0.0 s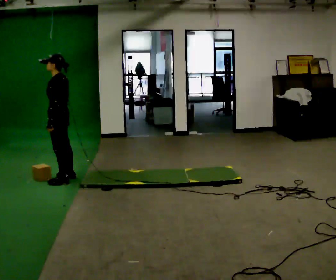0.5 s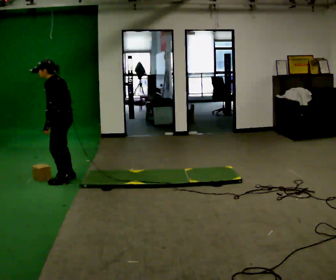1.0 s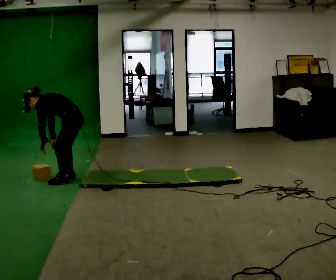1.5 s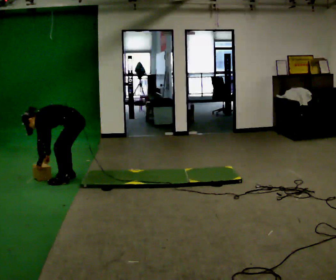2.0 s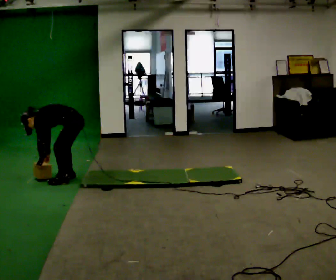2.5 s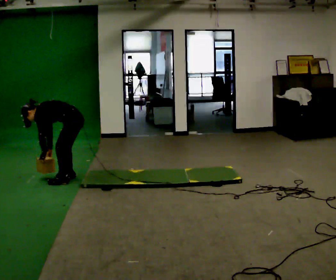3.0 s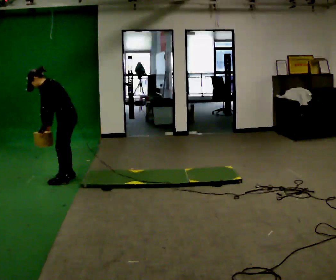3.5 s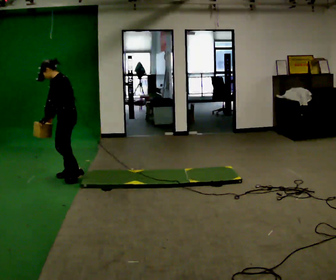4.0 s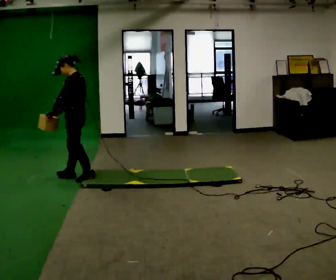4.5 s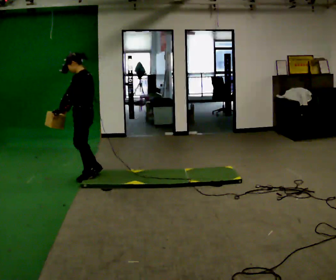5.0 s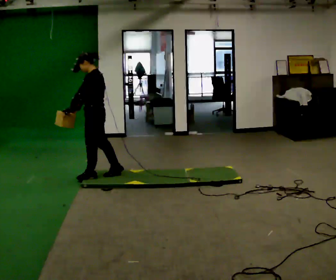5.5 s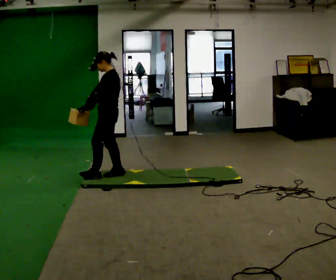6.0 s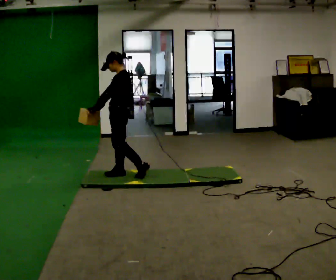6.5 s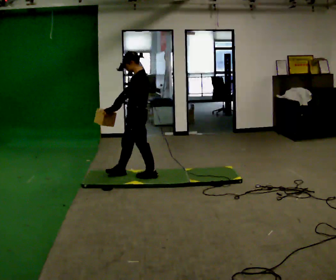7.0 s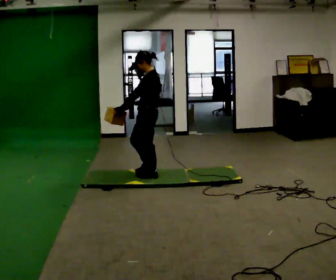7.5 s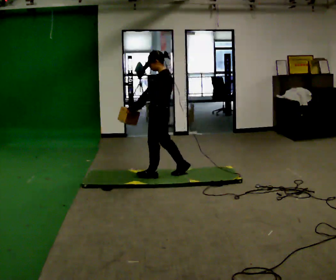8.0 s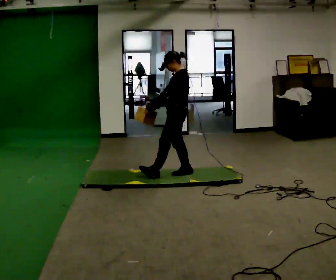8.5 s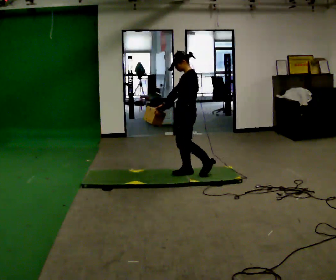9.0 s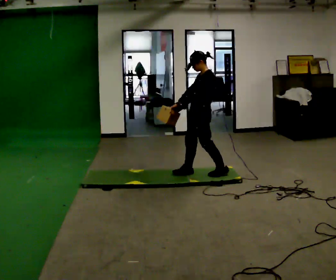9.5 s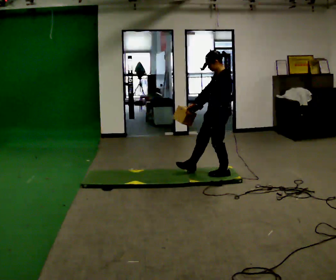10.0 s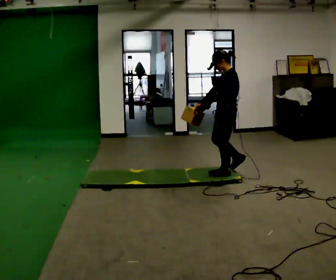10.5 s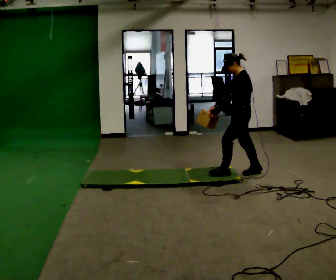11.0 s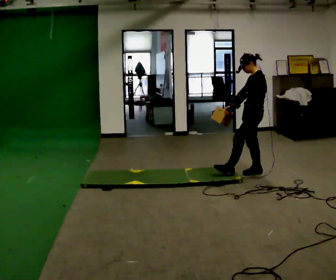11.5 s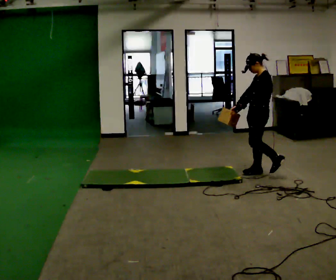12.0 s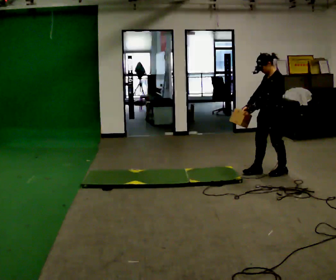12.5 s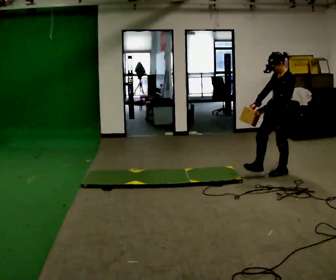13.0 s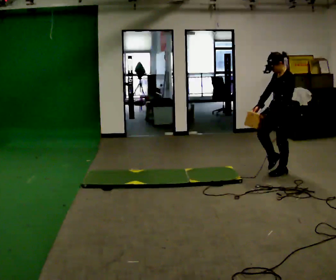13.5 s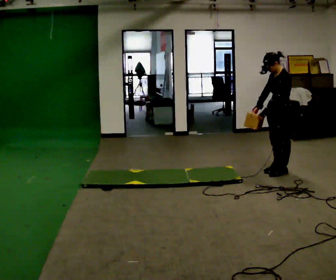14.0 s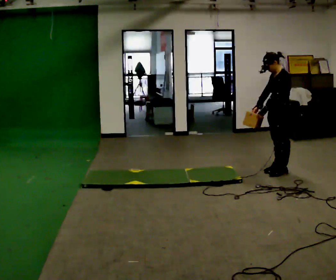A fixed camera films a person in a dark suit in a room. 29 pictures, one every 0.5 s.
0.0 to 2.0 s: The upper body goes downward. In the picture the upper body tilts counterclockwise, shoulders to the left, as they bend forward. In the picture their right hand goes downward.
2.0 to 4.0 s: The shoulders move upward. In the picture the upper body tilts clockwise, shoulders to the right, as they lean back or straighten. In the picture their left hand goes upward.
4.0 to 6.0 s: In the picture they go to the right, about 0.5 m in 2 steps, which for them is backward.
6.0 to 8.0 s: In the picture they go to the right, about 0.75 m in 2 steps, which for them is backward.
8.0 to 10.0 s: In the picture they go to the right, about 0.5 m in 1 step, which for them is backward.
10.0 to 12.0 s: In the picture they go to the right, about 0.5 m in 1 step, which for them is backward.
12.0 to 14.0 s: The person moves a little, or ends about where they began.
The film runs backward here.
